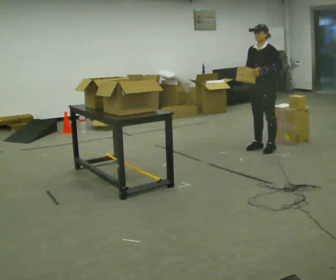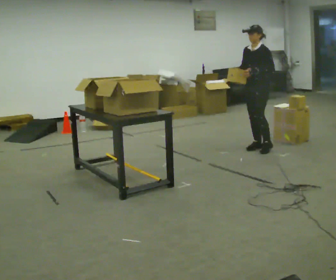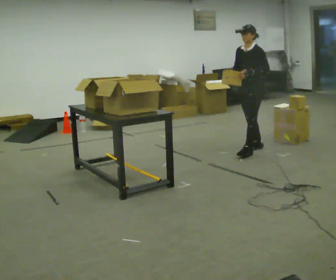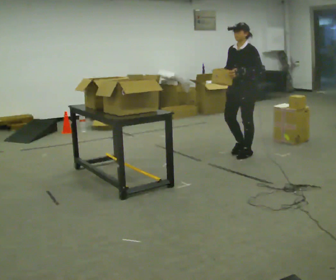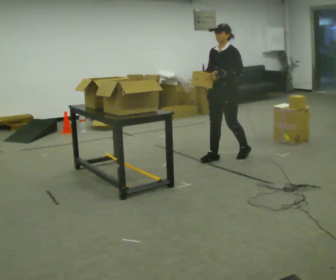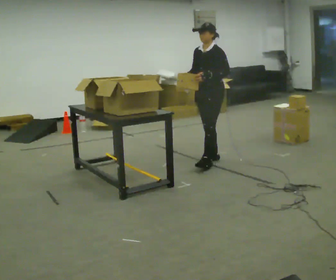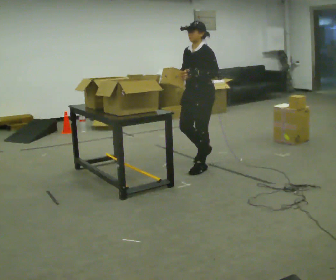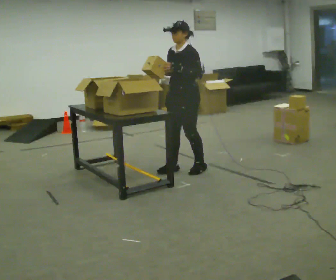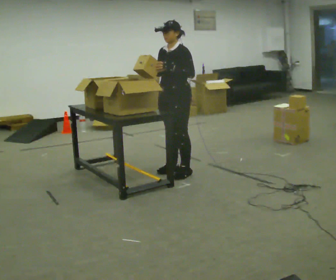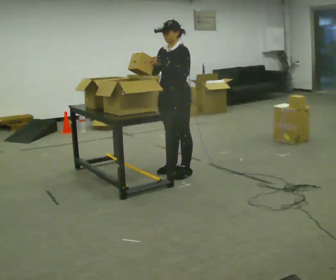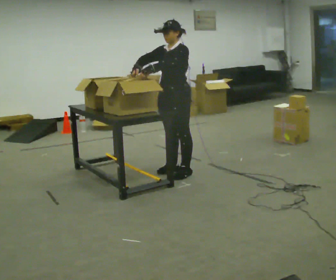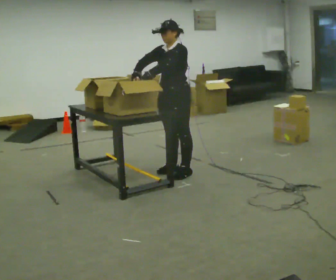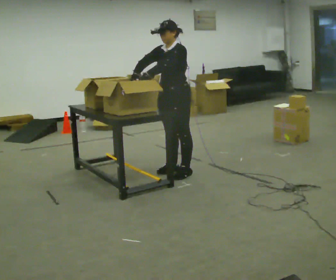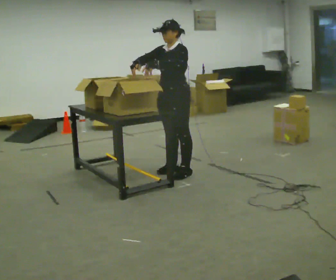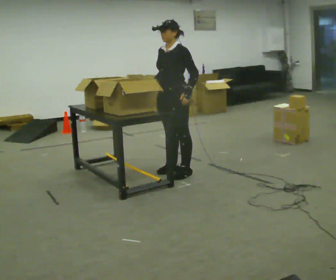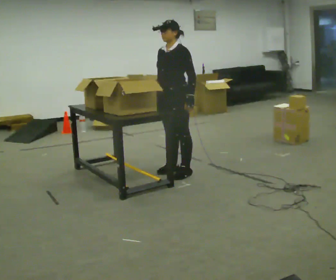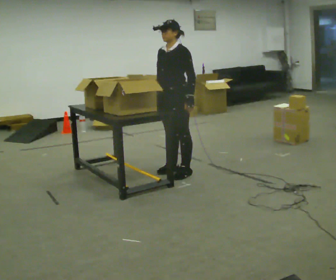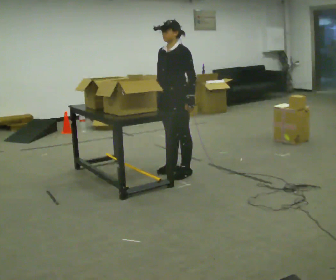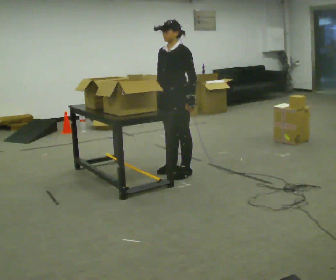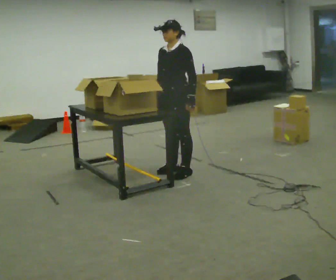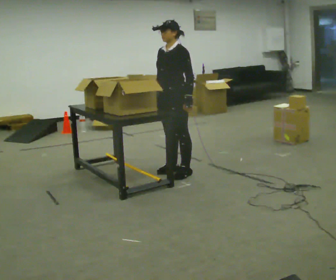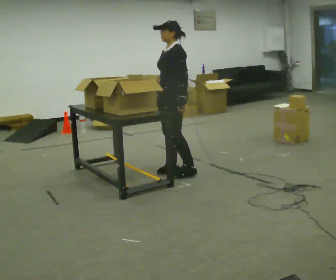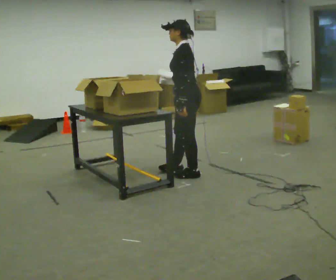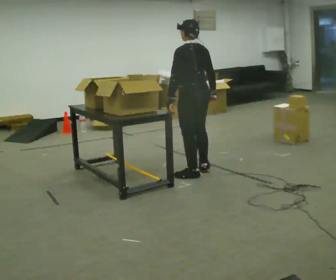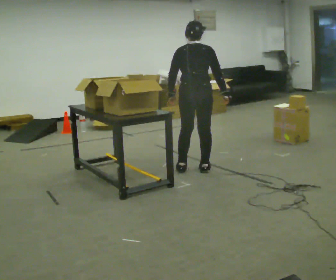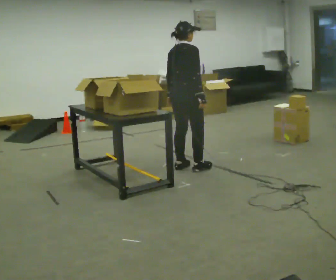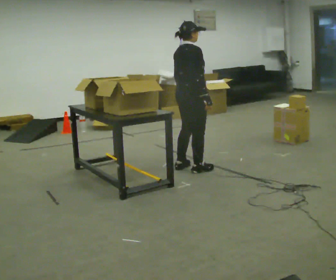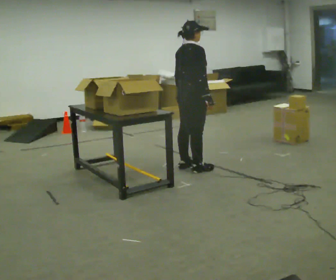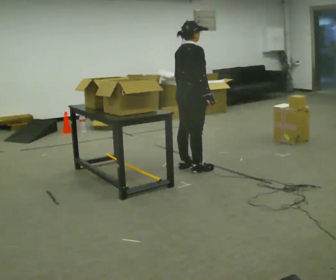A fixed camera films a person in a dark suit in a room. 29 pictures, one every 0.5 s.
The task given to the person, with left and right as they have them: 1. Read the list the operator gives you. 2. Collect the six items on the list from the shelves. 3. Put them all in the bin on the table. 4. Tell the operator when you are finished.
0.0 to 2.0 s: In the picture they go to the left and toward the camera, about 0.75 m in 2 steps, which for them is forward.
2.0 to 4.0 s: In the picture they go to the left and toward the camera, about 0.5 m in 3 steps, which for them is forward.
4.0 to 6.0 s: The person moves a little, or ends about where they began.
6.0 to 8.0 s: In the picture their left hand goes to the right.
8.0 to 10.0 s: The person moves a little, or ends about where they began.
10.0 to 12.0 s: The person turns about 135 degrees to their right, clockwise seen from above, so the part of the body nearest the lens slides to the left. In the picture they go to the right, about 0.25 m in 1 step.
12.0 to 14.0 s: Seen from above the body turns clockwise, about 45 degrees: to their right, with its near side sliding to the left.
The film runs forward here.
